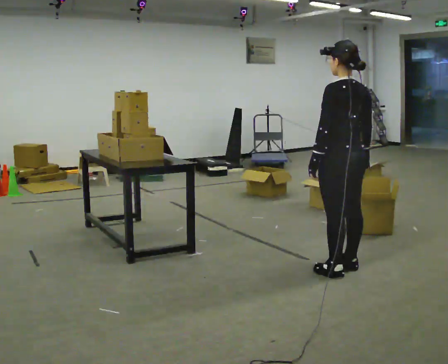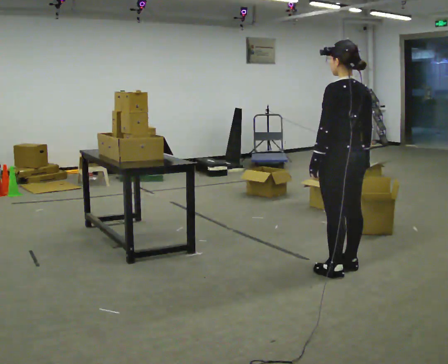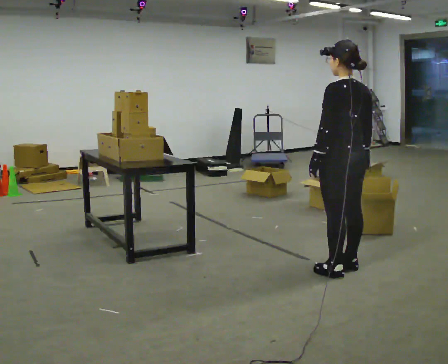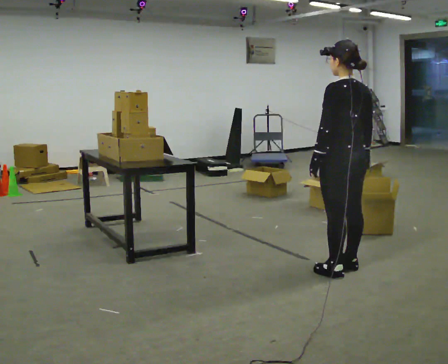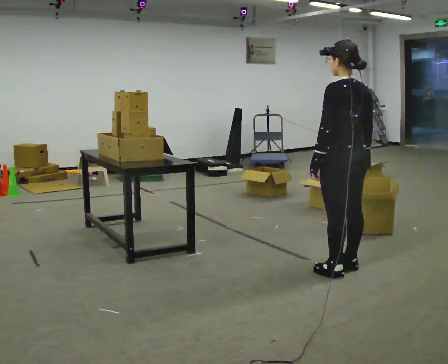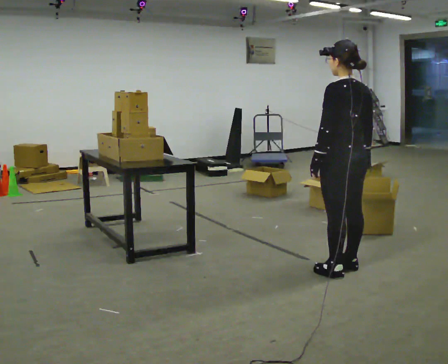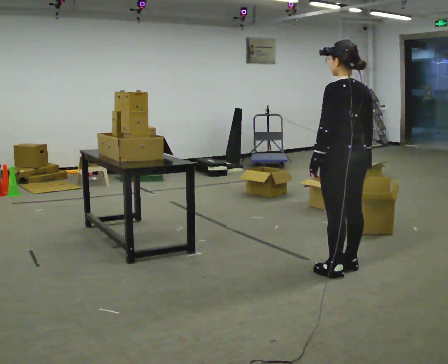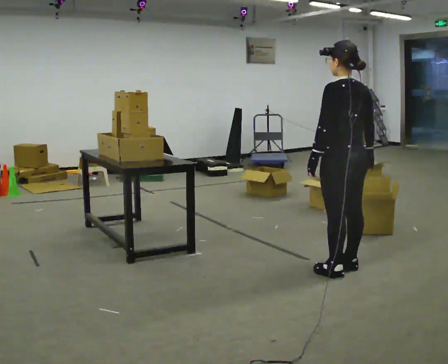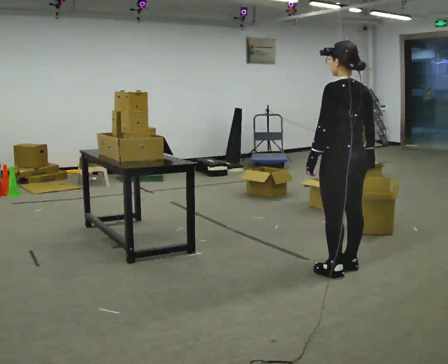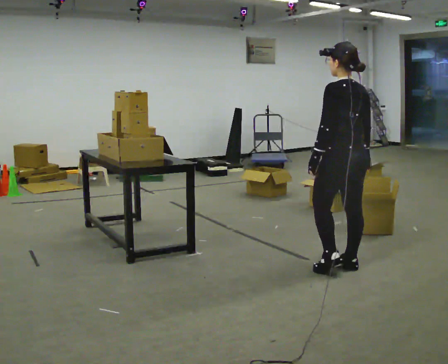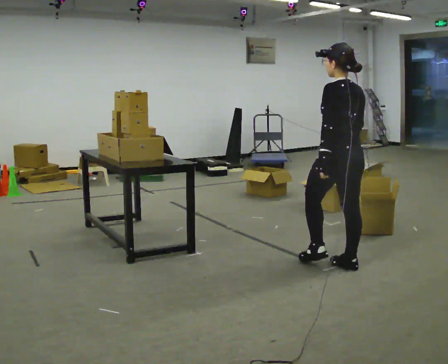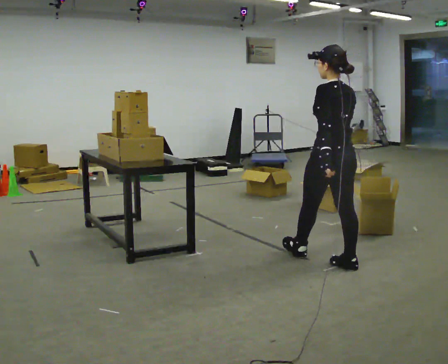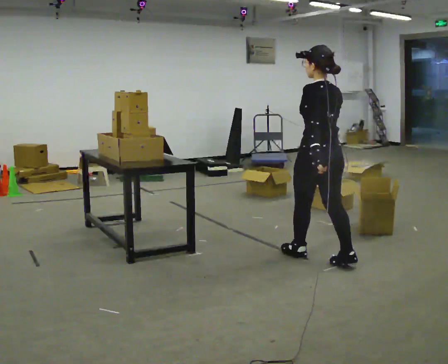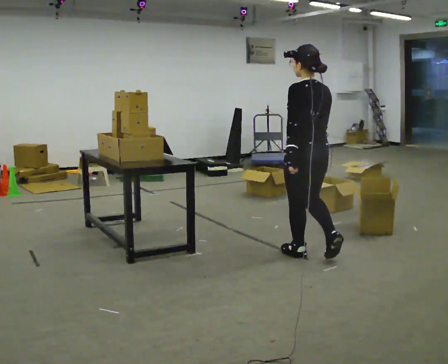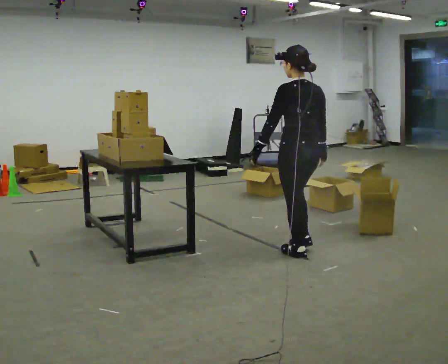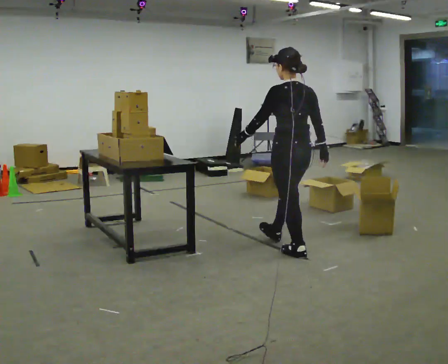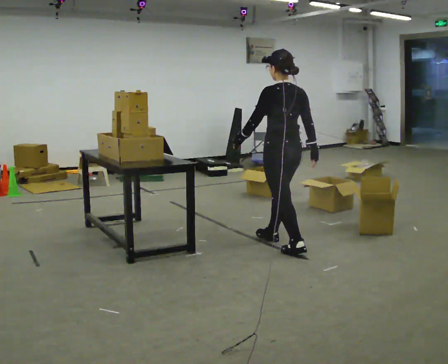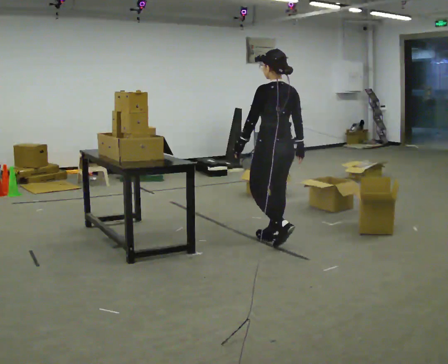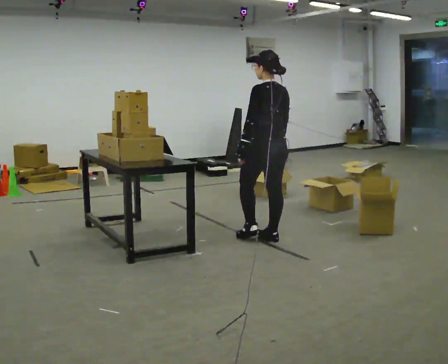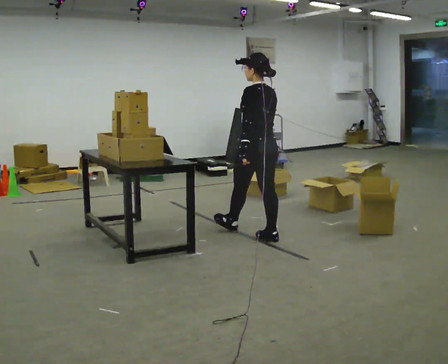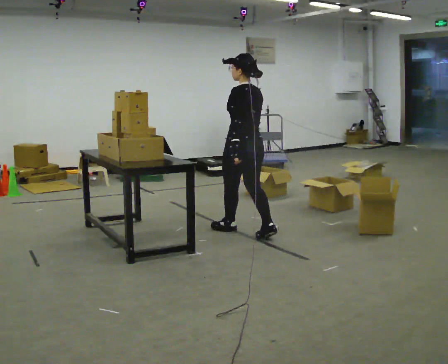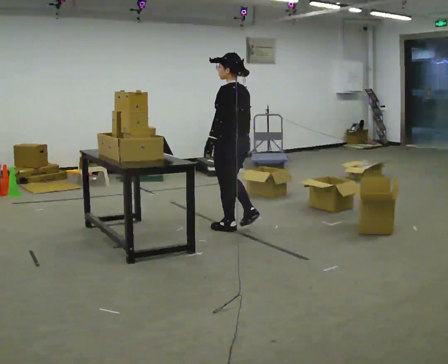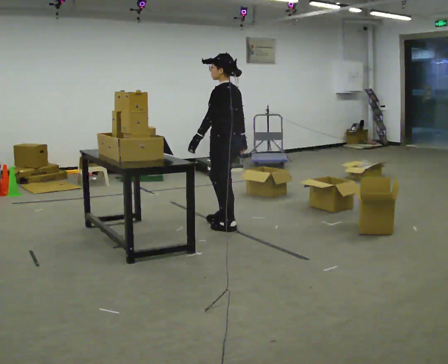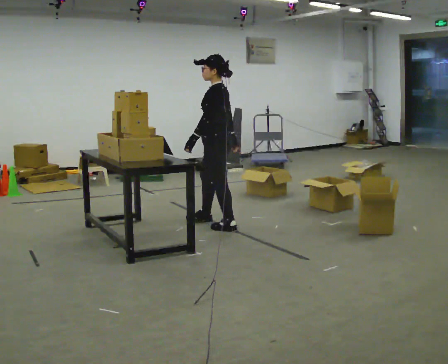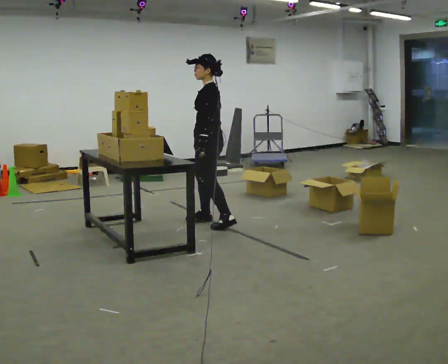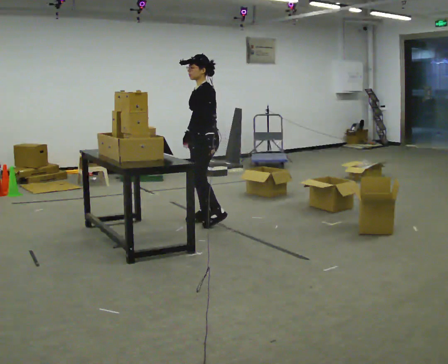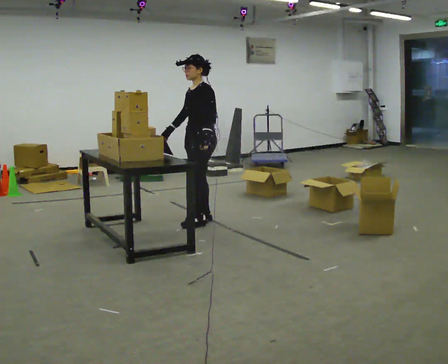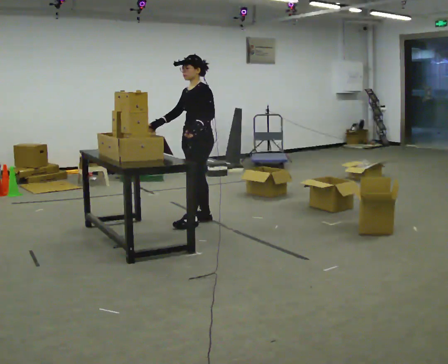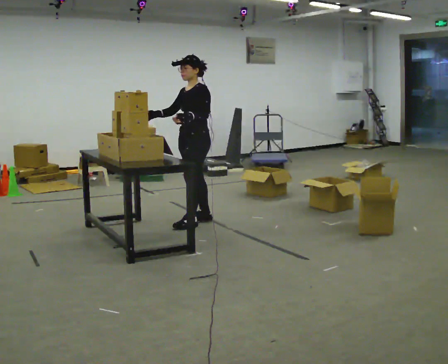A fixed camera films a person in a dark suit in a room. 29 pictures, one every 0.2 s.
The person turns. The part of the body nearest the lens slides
to the right.
The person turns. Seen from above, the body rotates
counterclockwise.
0.0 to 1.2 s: The person keeps their place and pose.
1.2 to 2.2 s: The person moves a little, or ends about where they began.
2.2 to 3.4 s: In the picture they go away from the camera and to the left, about 0.75 m in 2 steps, which for them is forward.
3.4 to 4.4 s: The person turns about 30 degrees to their left, counterclockwise seen from above, so the part of the body nearest the lens slides to the right. In the picture they go to the left and away from the camera, about 0.5 m in 1 step, which for them is forward.
4.4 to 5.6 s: The part of the body nearest the lens slides to the right as the person turns to their left by about 60 degrees. In the picture they go to the left and away from the camera, about 0.25 m in 2 steps, which for them is to their right and forward.
The film runs forward here.
